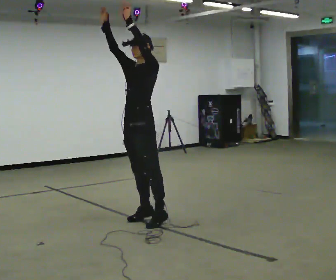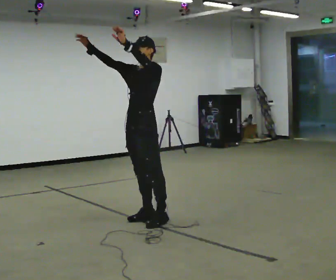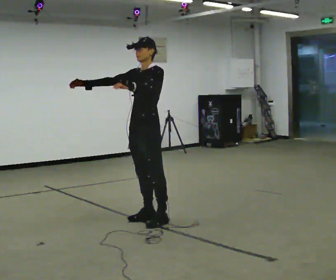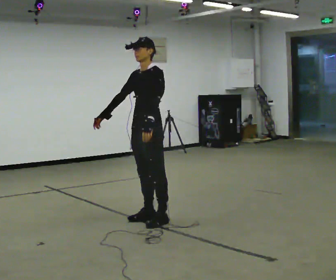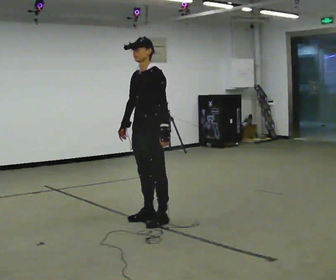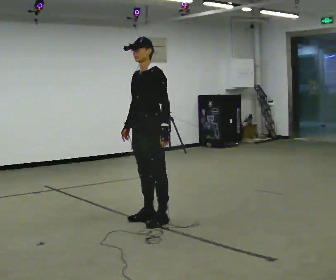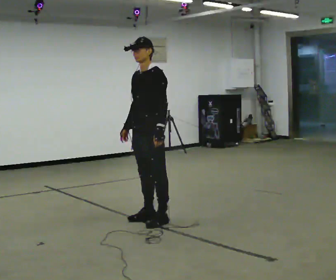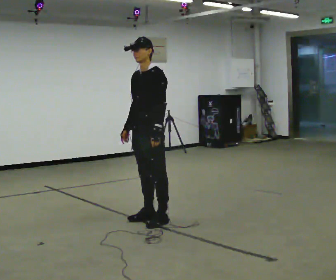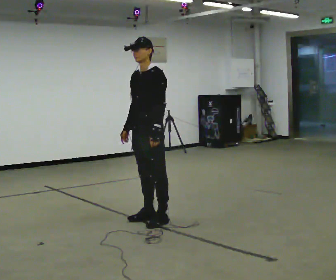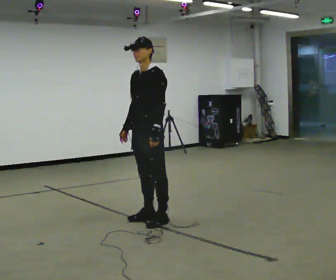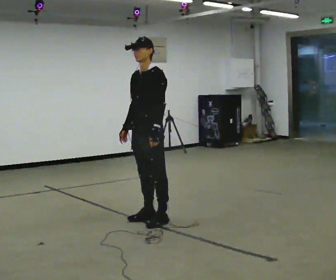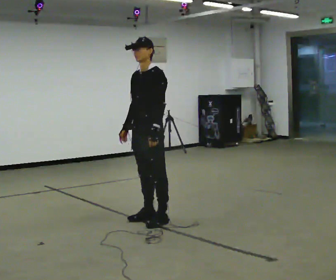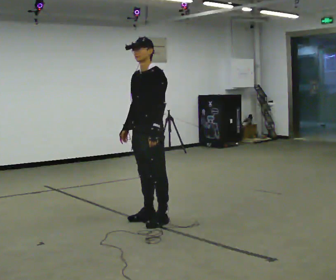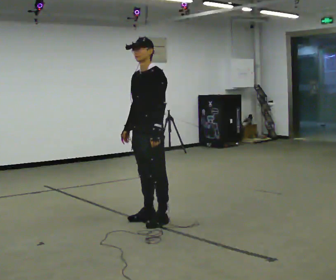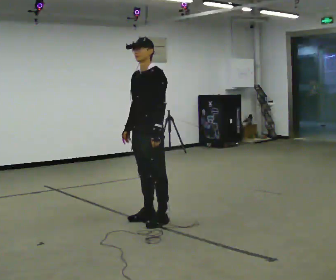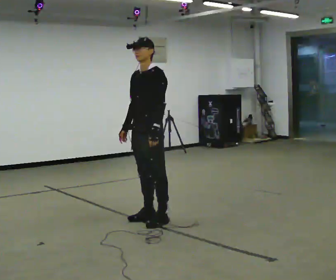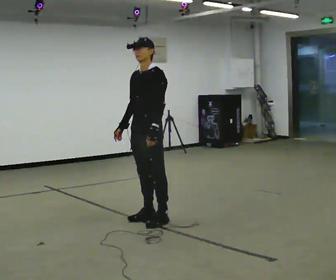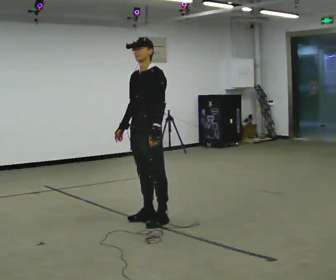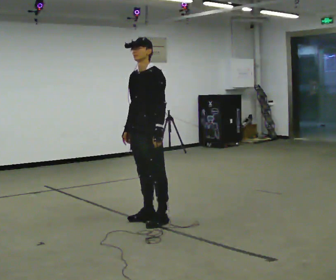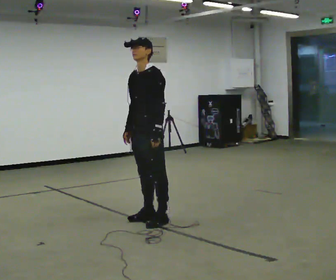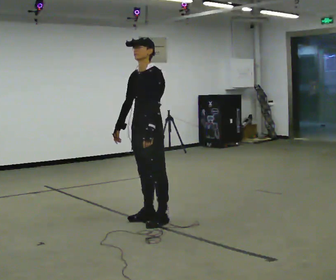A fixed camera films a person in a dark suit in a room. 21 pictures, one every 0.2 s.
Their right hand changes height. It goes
downward.
Their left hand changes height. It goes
downward.
0.0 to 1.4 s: In the picture their right hand goes downward, the arm swinging counterclockwise.
1.4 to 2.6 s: The person keeps their place and pose.
2.6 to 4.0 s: The person moves a little, or ends about where they began.
The film runs backward here.
